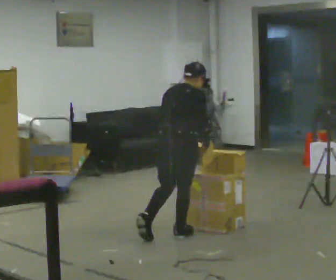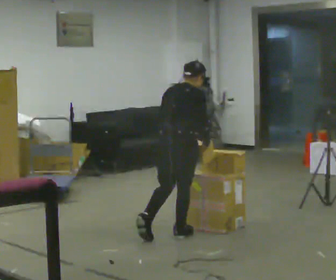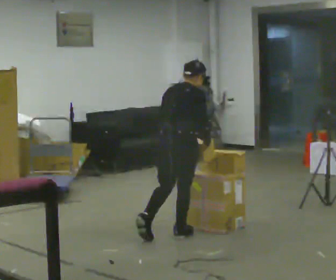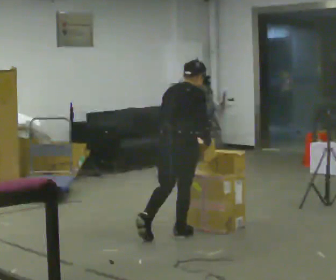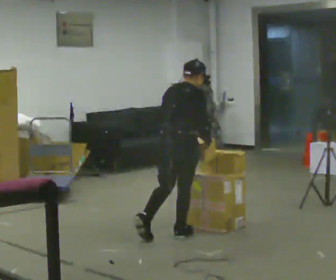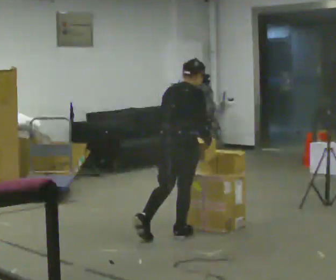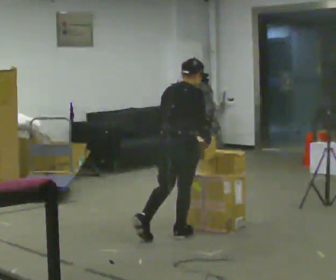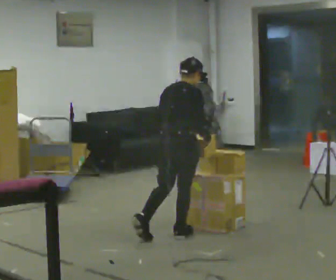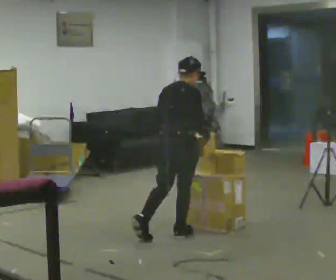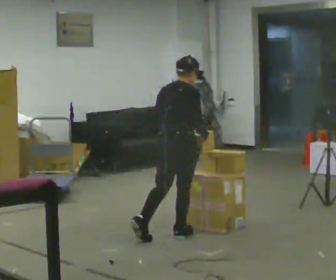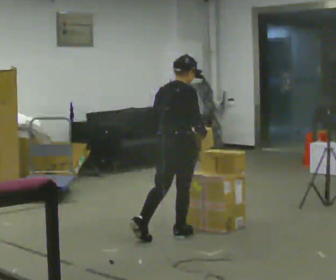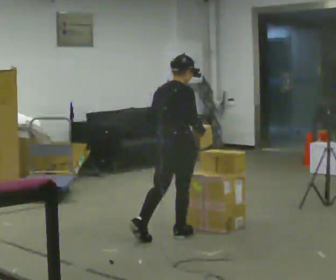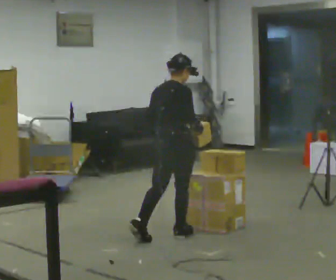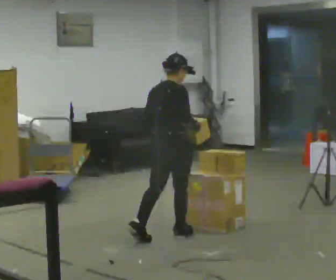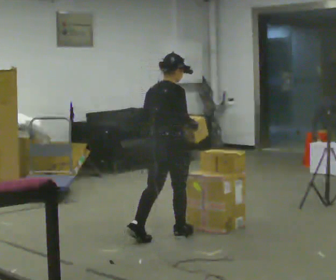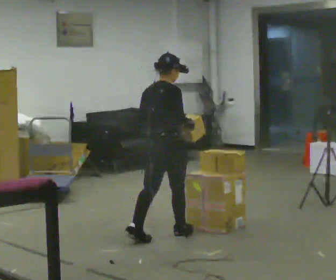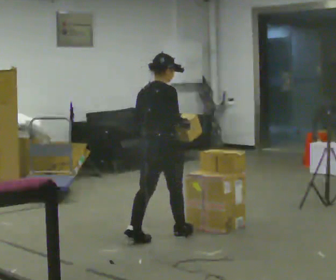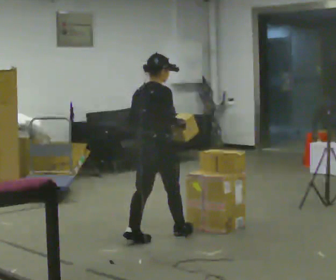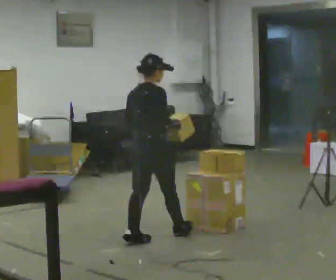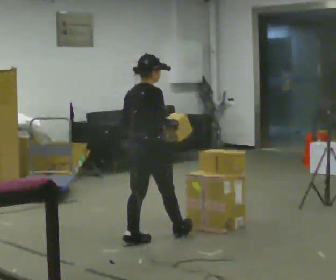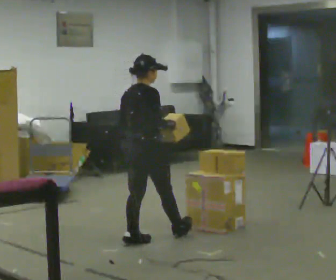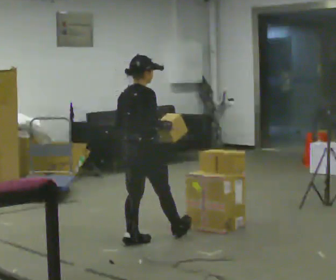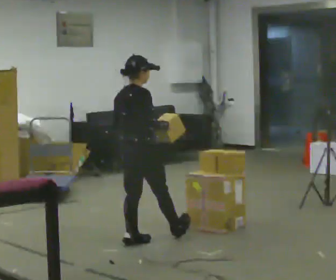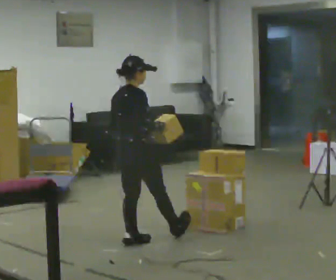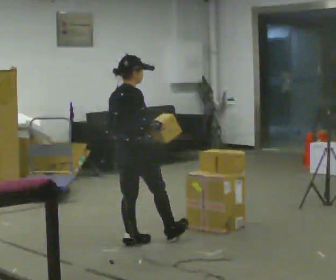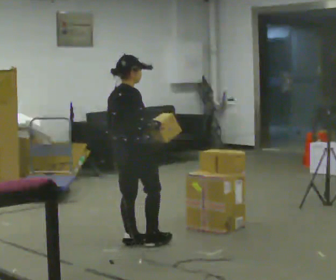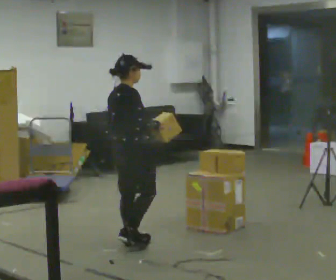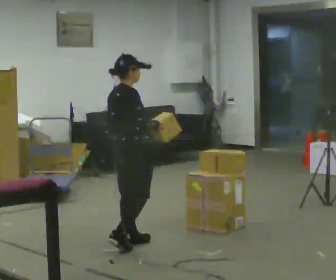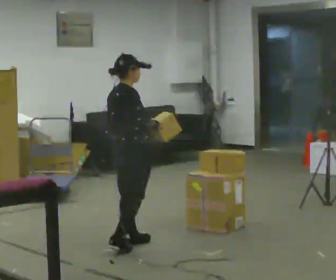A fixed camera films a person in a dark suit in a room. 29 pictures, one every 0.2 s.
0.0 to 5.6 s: Seen from above the body turns clockwise, about 30 degrees: to their right, with its near side sliding to the left. In the picture they go to the left and toward the camera, about 0.5 m in 1 step, which for them is backward. In the picture the upper body tilts counterclockwise, shoulders to the left, as they lean back or straighten.
The film runs backward here.
